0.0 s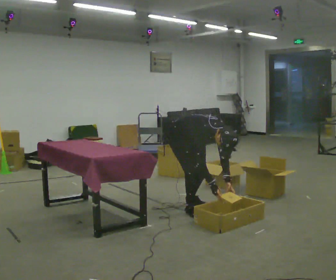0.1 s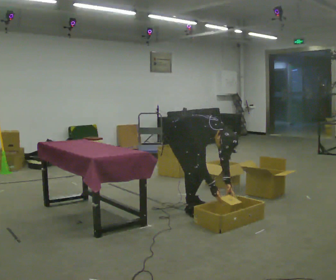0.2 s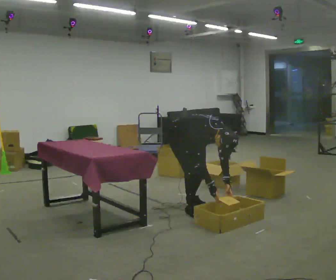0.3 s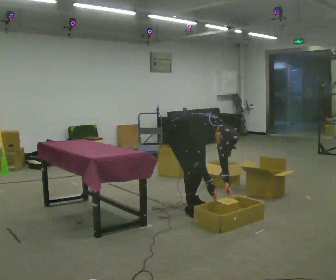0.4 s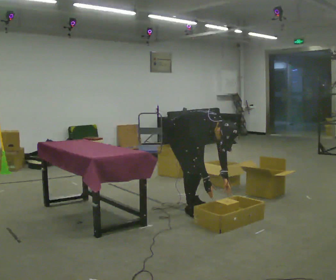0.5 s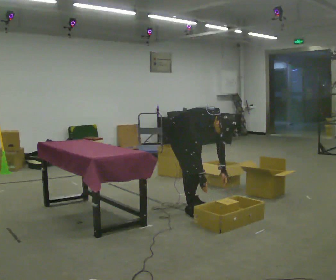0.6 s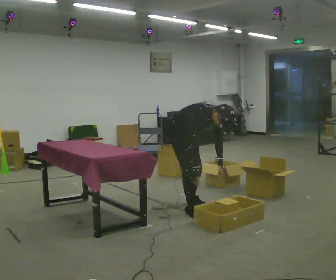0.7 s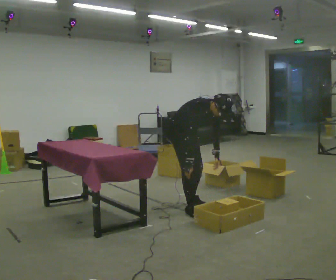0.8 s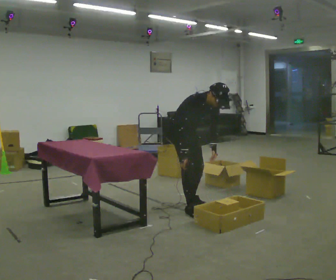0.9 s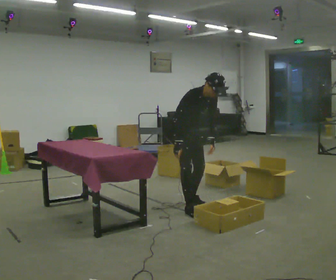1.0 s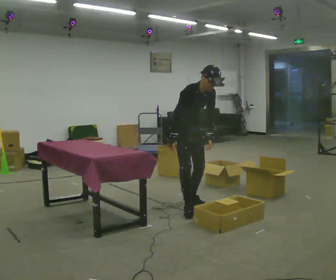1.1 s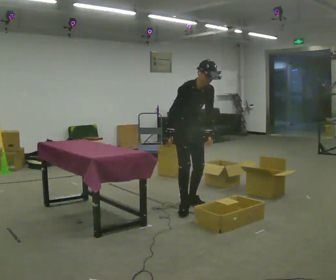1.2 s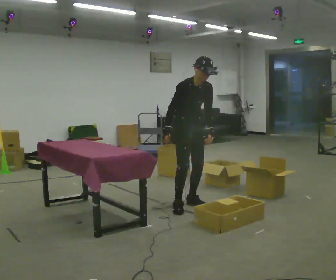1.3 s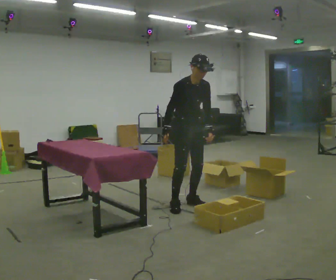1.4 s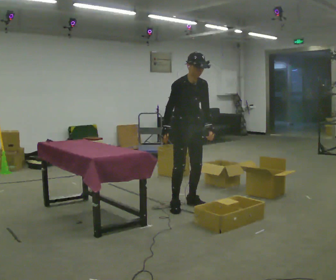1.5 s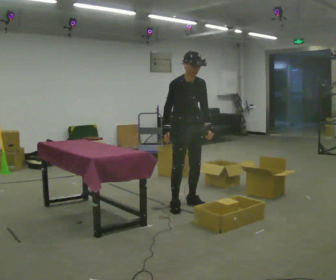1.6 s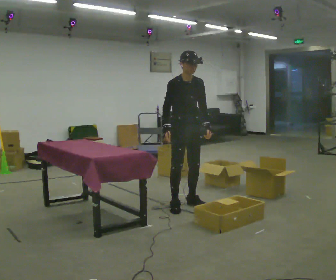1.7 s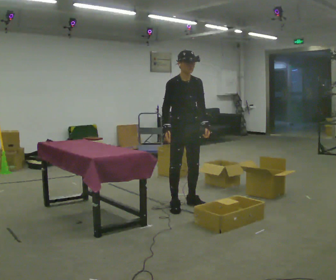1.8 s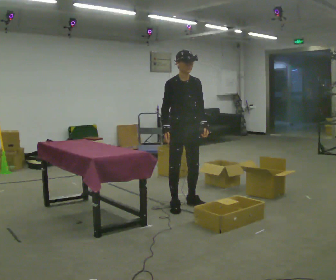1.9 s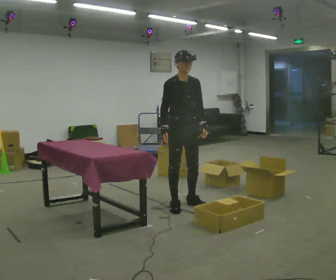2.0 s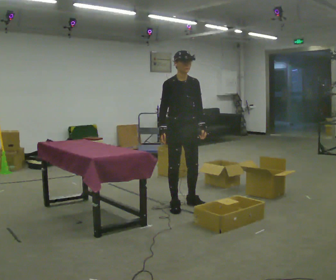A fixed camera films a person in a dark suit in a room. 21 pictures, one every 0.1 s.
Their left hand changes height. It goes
upward.
The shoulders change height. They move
upward.
0.0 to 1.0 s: In the picture they go away from the camera, about 0.25 m, which for them is to their left. The shoulders move upward. In the picture the upper body tilts counterclockwise, shoulders to the left, as they lean back or straighten. In the picture their right hand goes upward and to the left.
1.0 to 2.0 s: The upper body tips away from the camera, its near side rolling upward, as they lean back or straighten.
The film runs forward here.
